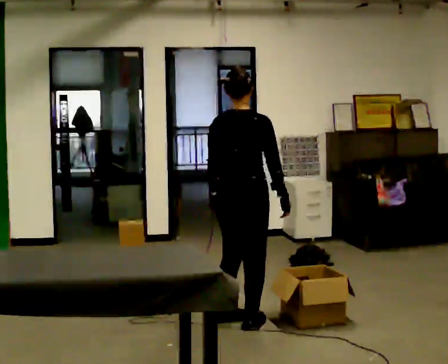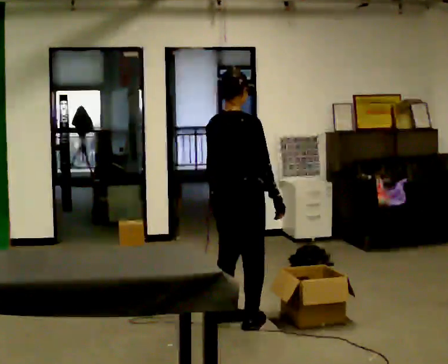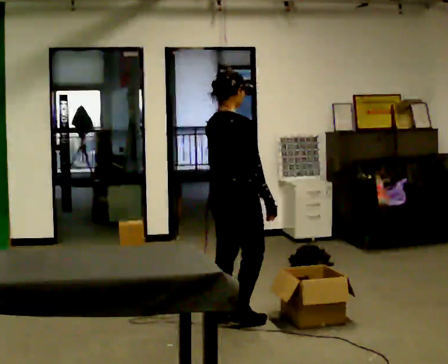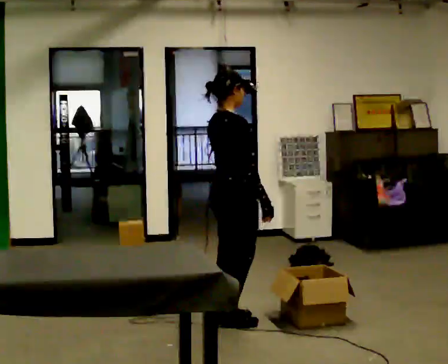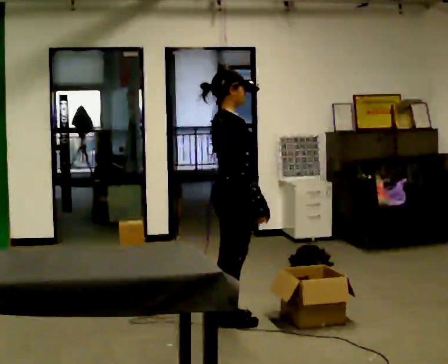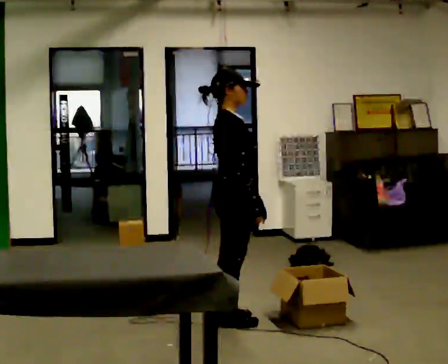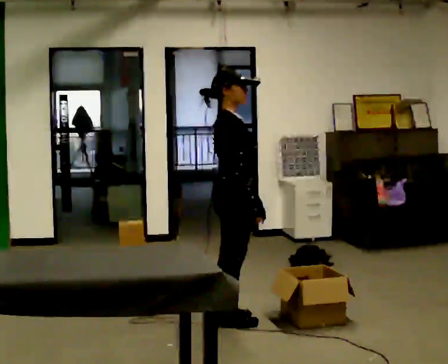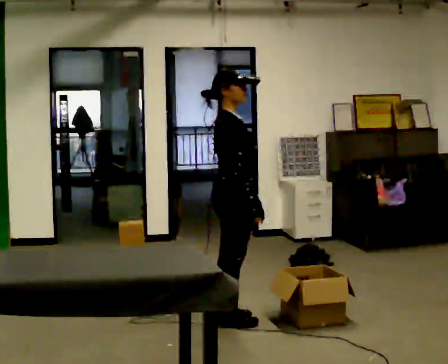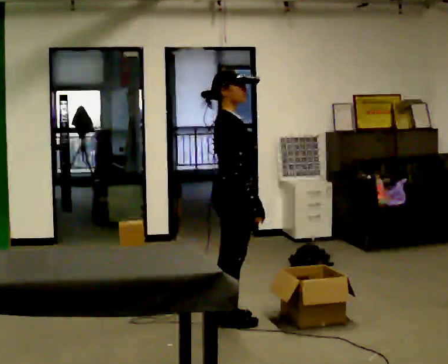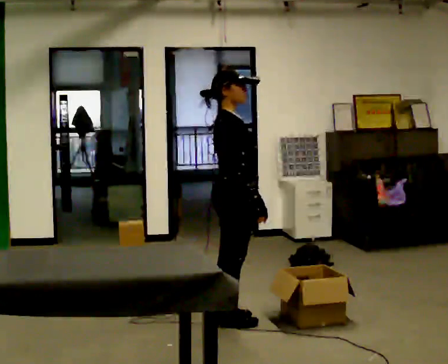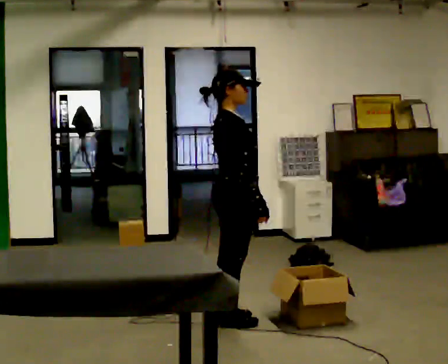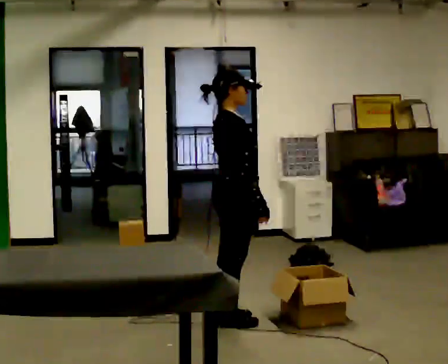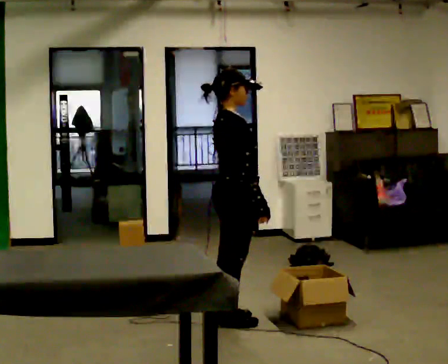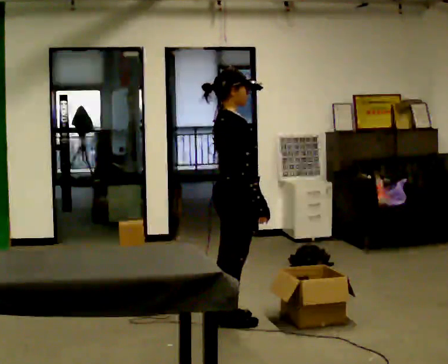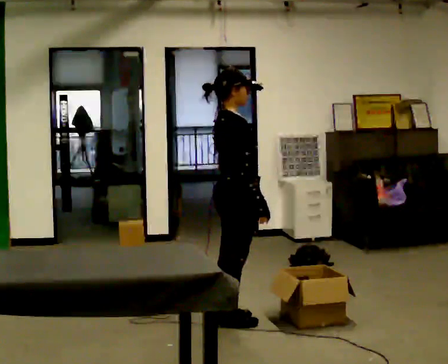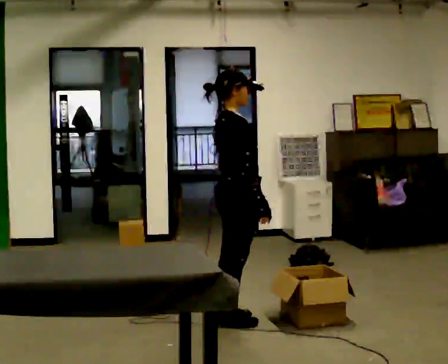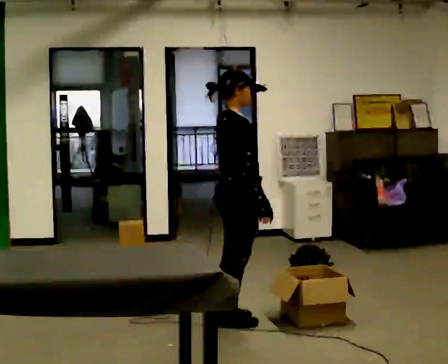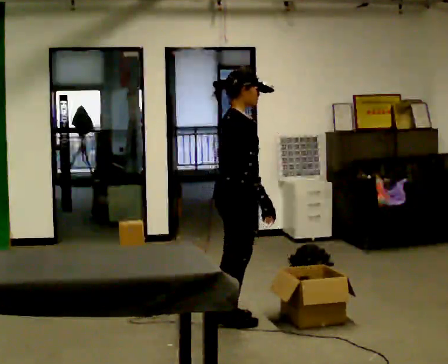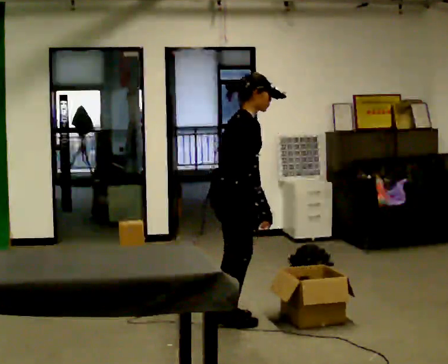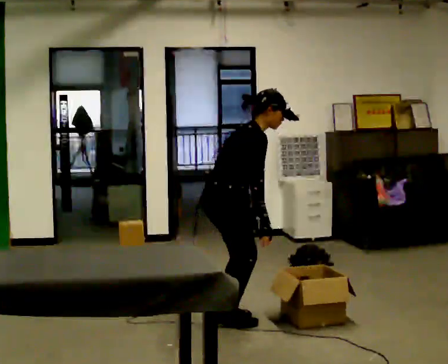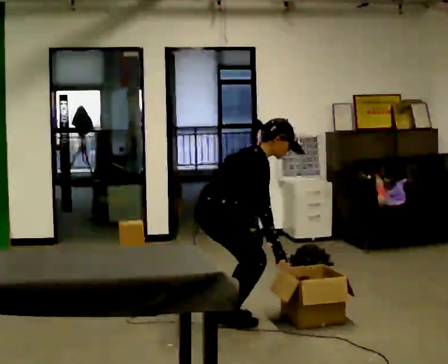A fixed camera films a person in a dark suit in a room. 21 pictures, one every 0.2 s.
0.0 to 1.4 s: Seen from above the body turns clockwise, about 60 degrees: to their right, with its near side sliding to the left.
1.4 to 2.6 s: The person moves a little, or ends about where they began.
2.6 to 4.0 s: The upper body goes downward. In the picture the upper body tilts clockwise, shoulders to the right, as they bend forward.
The film runs backward here.
